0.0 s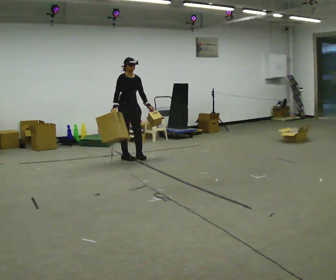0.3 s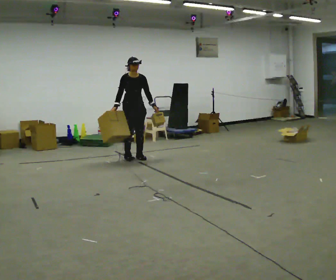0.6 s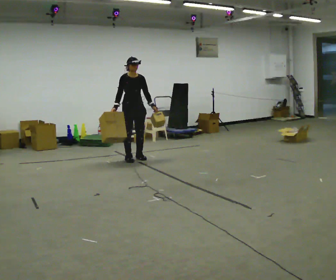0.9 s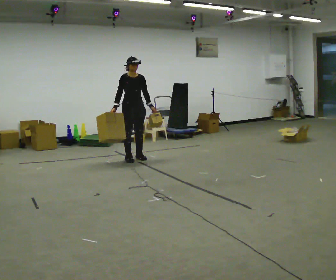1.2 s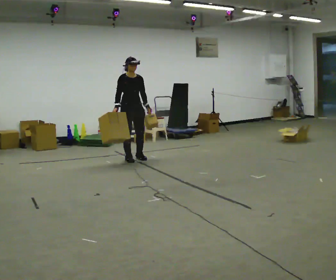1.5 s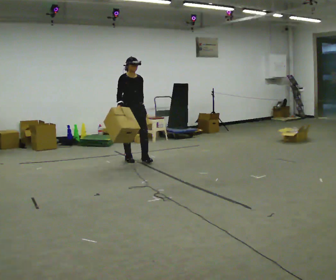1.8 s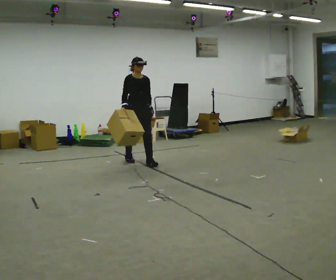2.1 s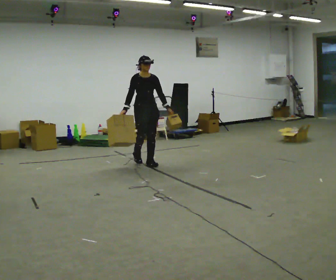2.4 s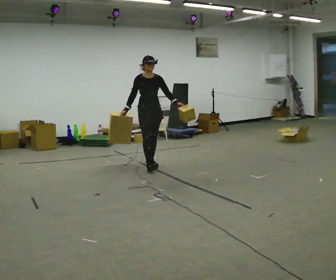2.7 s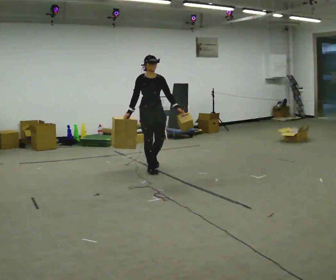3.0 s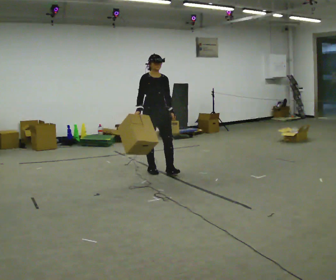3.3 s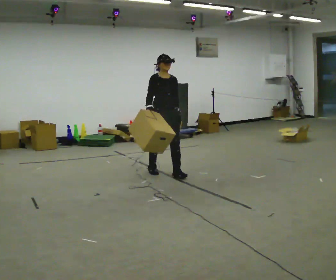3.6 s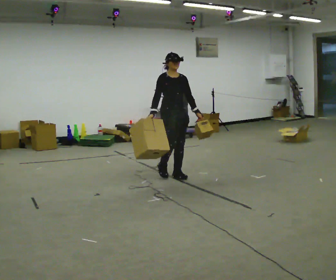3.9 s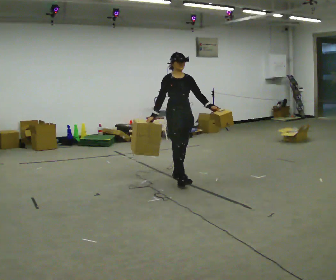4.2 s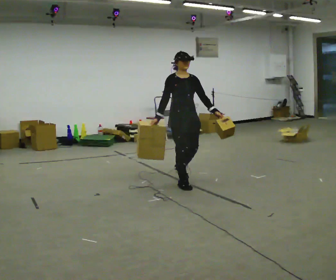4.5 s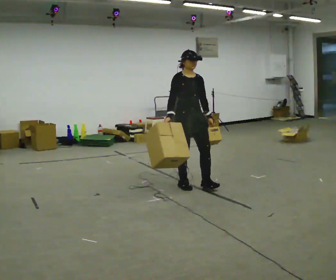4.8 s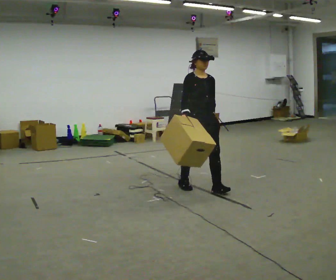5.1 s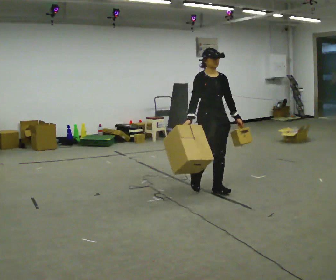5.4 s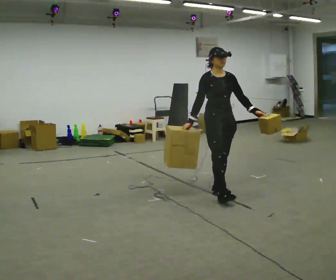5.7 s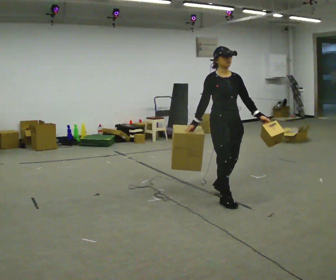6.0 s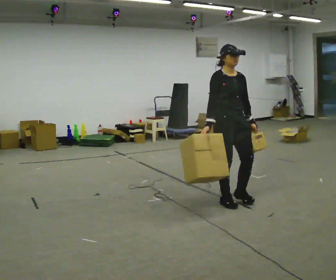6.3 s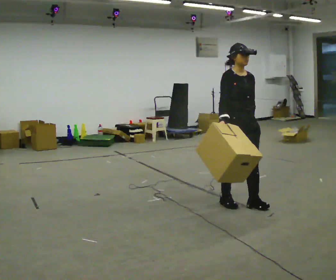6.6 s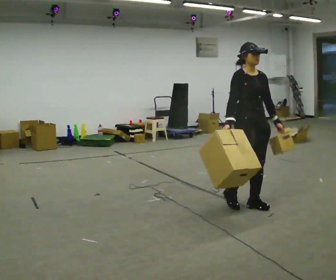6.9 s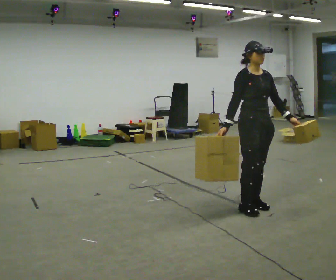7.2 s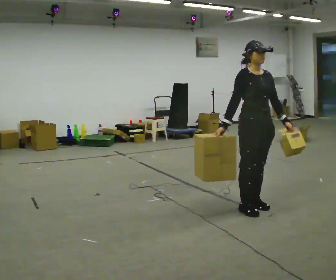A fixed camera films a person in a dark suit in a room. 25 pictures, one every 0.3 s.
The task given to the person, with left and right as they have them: Carry one object in each hand, the heavy one in the hand the operator calls, walking back and forth across the room.
0.0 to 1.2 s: The person moves a little, or ends about where they began.
1.2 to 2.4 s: In the picture they go toward the camera and to the right, about 0.5 m in 1 step, which for them is forward.
2.4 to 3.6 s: In the picture they go toward the camera and to the right, about 0.75 m in 2 steps, which for them is forward.
3.6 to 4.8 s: In the picture they go toward the camera and to the right, about 0.75 m in 2 steps, which for them is forward.
4.8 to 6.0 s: In the picture they go toward the camera and to the right, about 0.5 m in 1 step, which for them is forward.
6.0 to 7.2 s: In the picture they go toward the camera and to the right, about 0.25 m in 2 steps, which for them is forward.
The film runs forward here.
